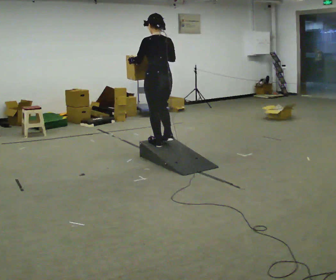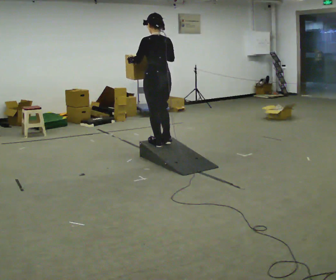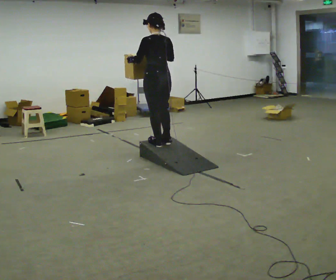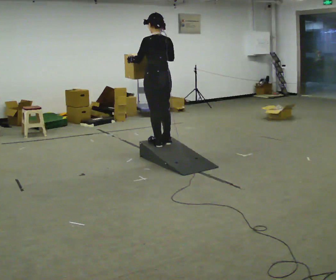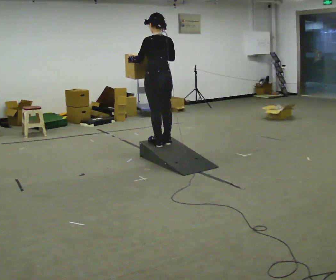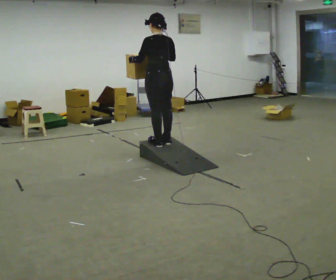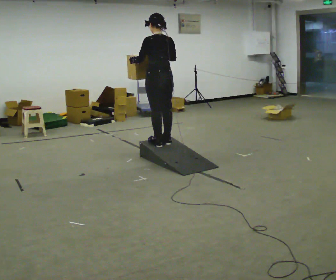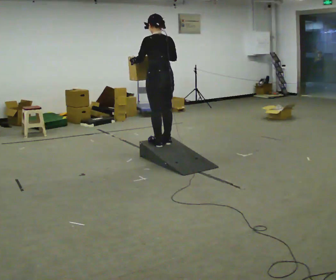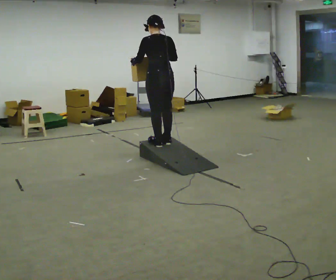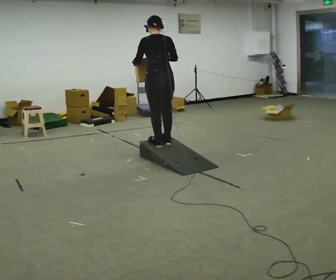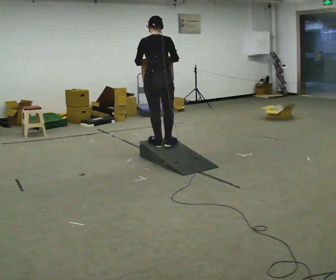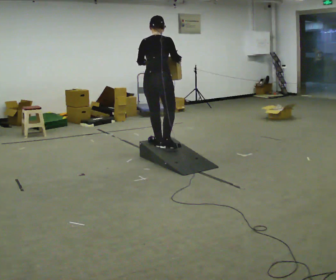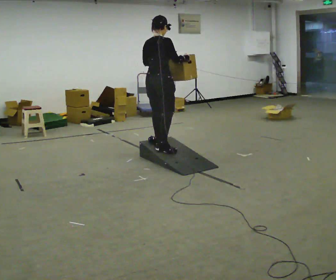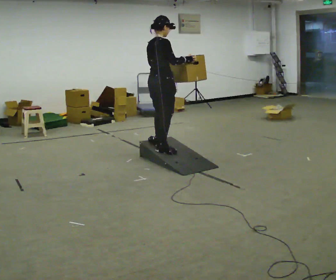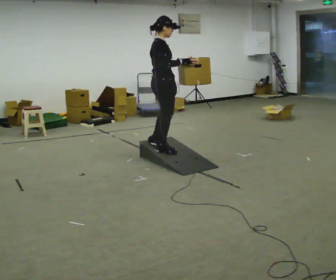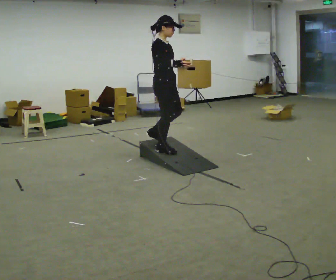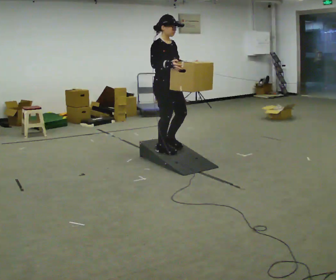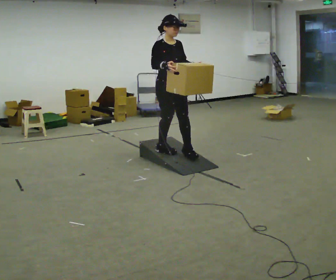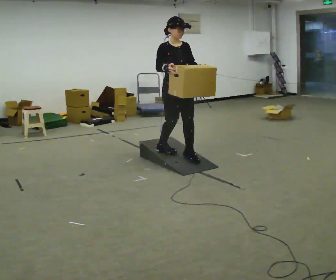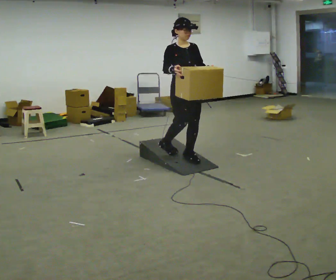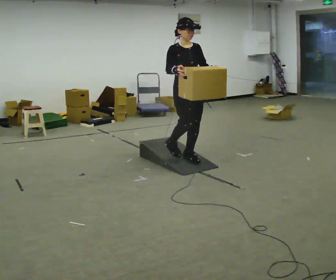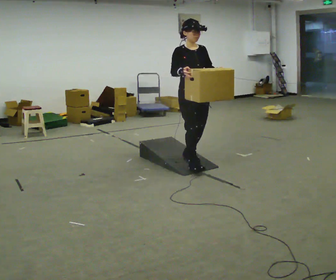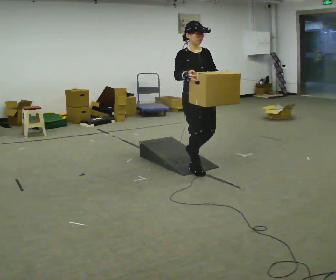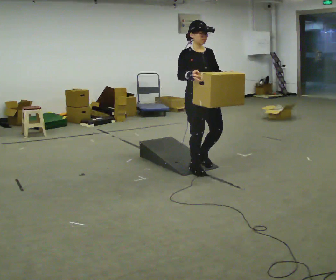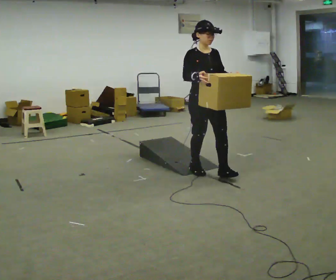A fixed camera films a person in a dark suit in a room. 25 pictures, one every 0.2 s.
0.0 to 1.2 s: The person moves a little, or ends about where they began.
1.2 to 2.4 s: The person turns about 75 degrees to their right, clockwise seen from above, so the part of the body nearest the lens slides to the left. In the picture their left hand goes to the right.
2.4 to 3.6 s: The person turns about 105 degrees to their right, clockwise seen from above, so the part of the body nearest the lens slides to the left. In the picture they go to the right and toward the camera, about 0.25 m in 1 step.
3.6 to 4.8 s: In the picture they go toward the camera and to the right, about 0.5 m in 1 step, which for them is forward.
The film runs forward here.
